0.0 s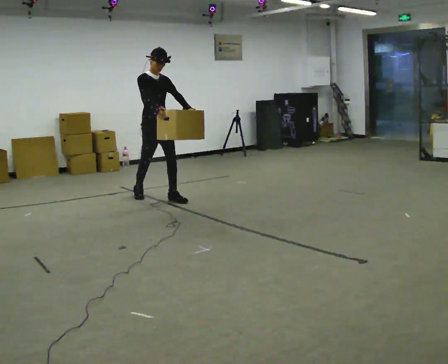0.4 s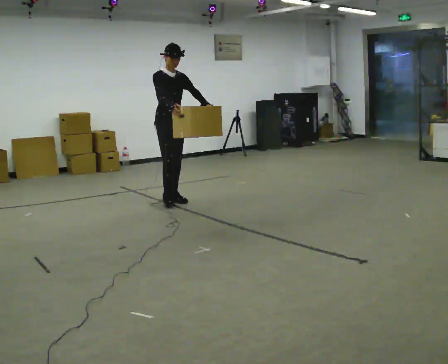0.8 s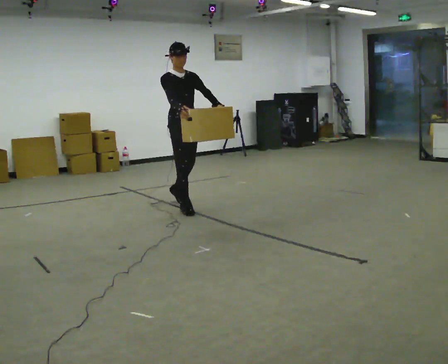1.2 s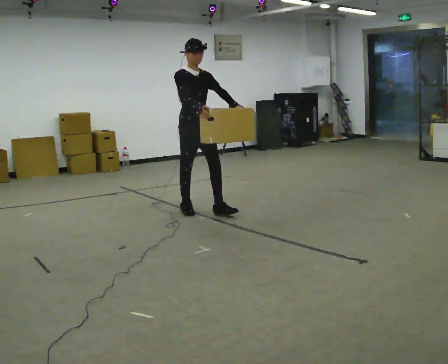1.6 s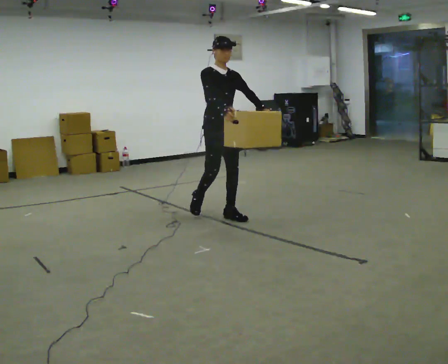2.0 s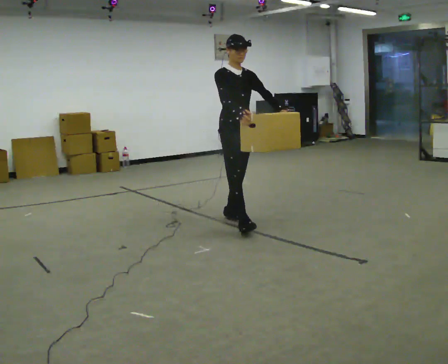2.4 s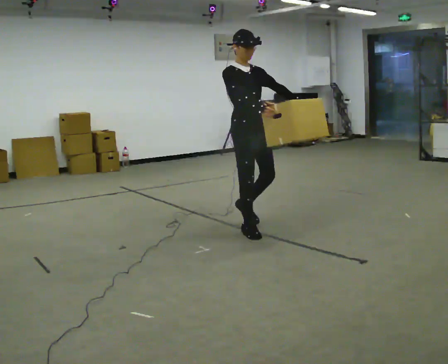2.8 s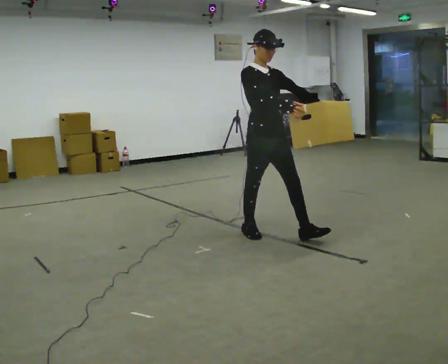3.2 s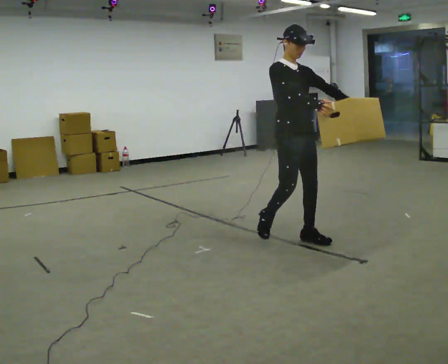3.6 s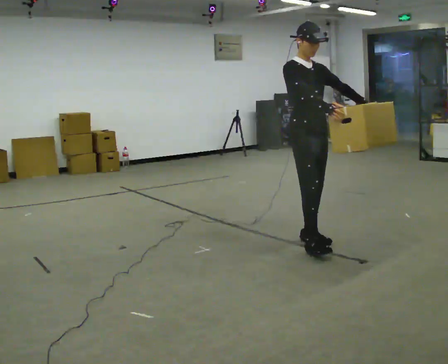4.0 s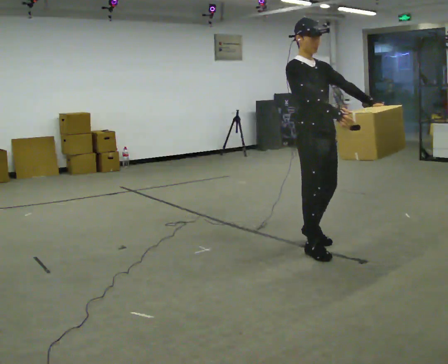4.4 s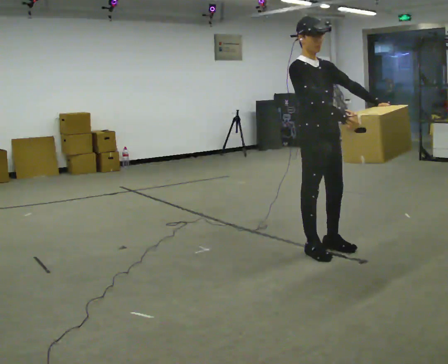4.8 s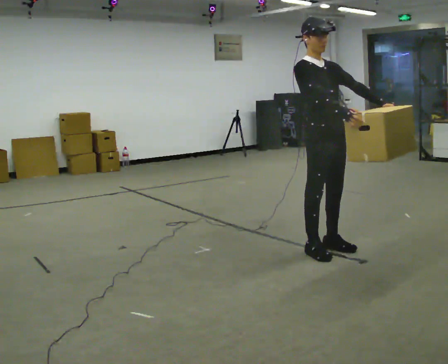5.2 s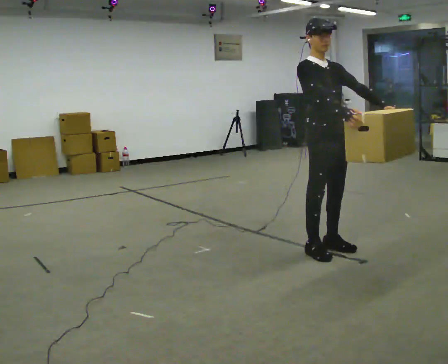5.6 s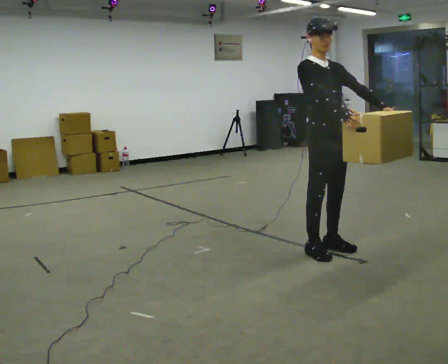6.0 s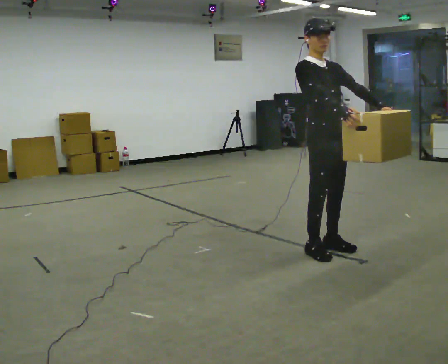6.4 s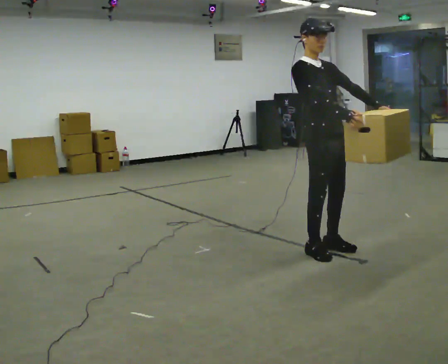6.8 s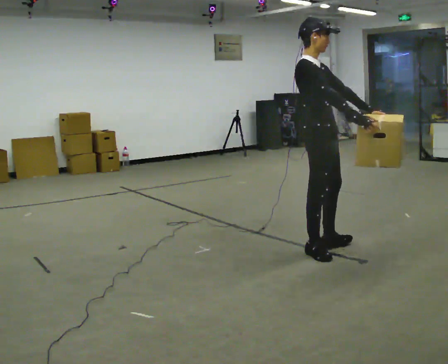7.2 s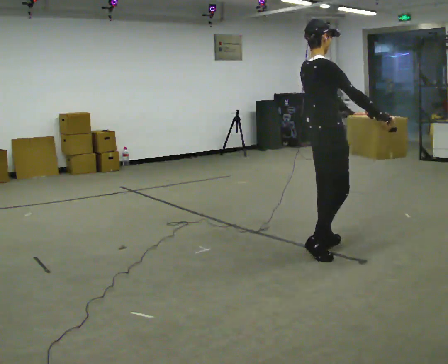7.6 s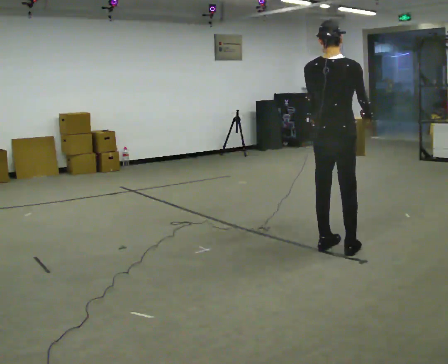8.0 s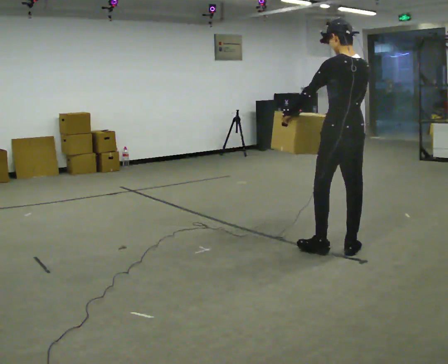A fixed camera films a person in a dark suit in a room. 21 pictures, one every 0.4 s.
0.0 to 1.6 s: In the picture they go to the right and toward the camera, about 1 m in 2 steps, which for them is forward.
1.6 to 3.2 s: In the picture they go to the right and toward the camera, about 1 m in 2 steps, which for them is forward.
3.2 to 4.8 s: In the picture they go toward the camera and to the right, about 0.5 m in 2 steps, which for them is forward.
4.8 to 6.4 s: The person moves a little, or ends about where they began.
6.4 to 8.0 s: Seen from above the body turns counterclockwise, about 165 degrees: to their left, with its near side sliding to the right. In the picture they go to the right, about 0.25 m in 1 step. In the picture their left hand goes to the left.
The film runs forward here.
